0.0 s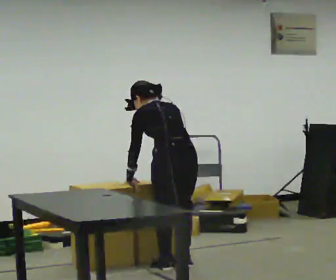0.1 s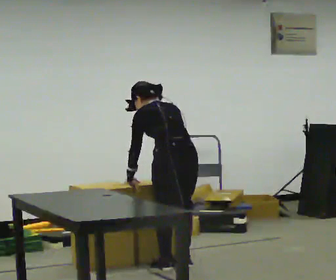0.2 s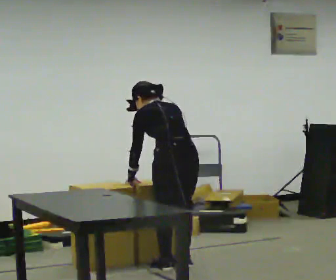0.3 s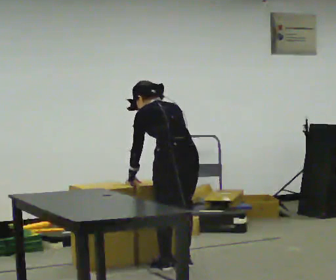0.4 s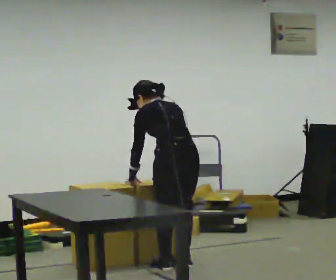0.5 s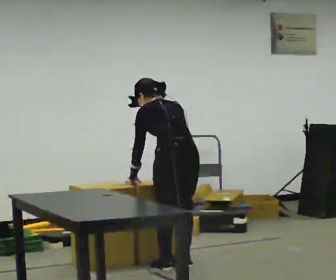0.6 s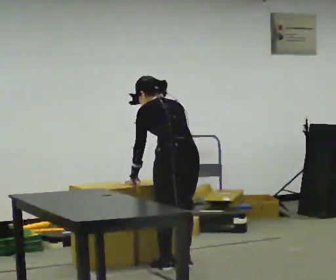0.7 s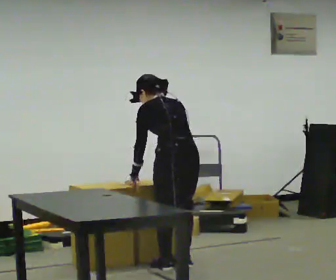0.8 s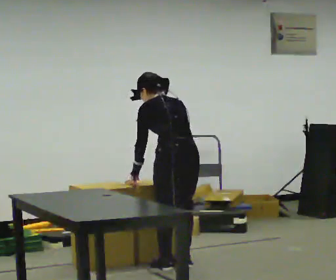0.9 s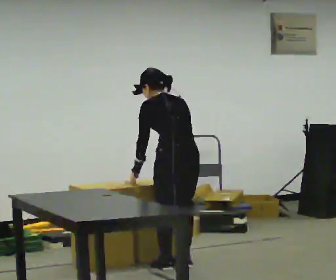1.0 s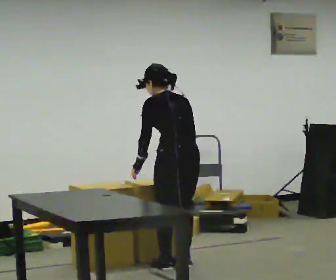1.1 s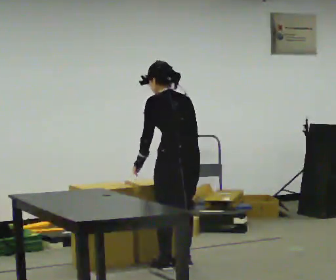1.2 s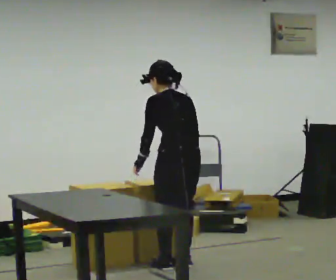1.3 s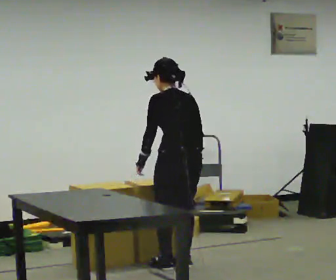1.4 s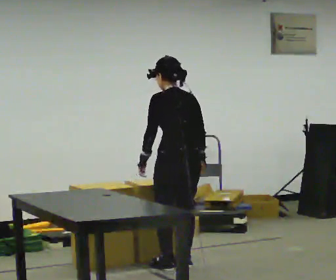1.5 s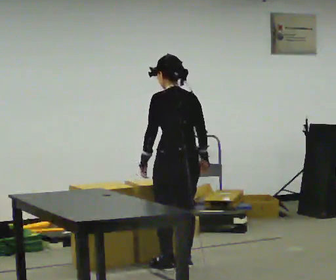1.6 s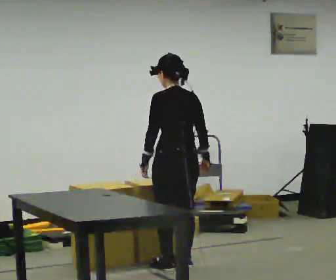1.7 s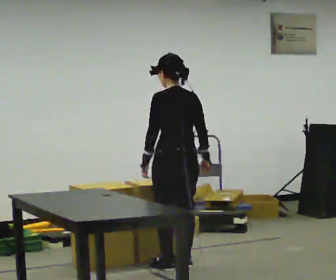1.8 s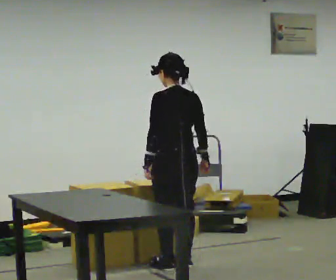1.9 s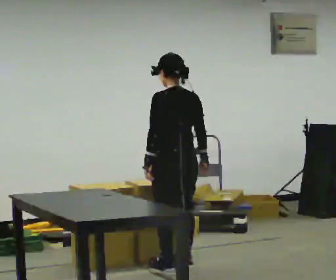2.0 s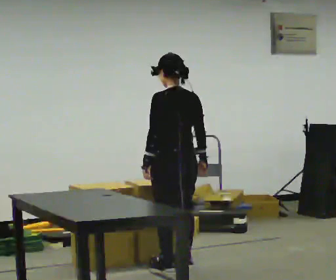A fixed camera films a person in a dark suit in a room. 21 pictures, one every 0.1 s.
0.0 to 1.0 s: The upper body tips toward the camera, its near side rolling downward, as they lean back or straighten.
1.0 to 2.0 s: The upper body tips toward the camera, its near side rolling downward, as they lean back or straighten.
The film runs forward here.
